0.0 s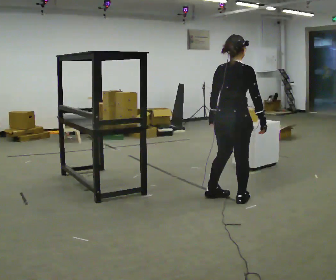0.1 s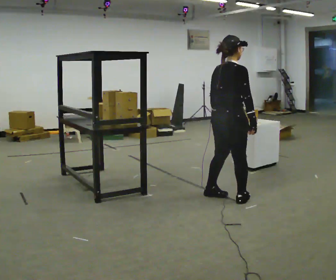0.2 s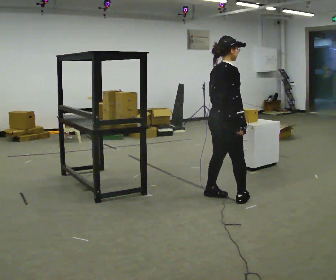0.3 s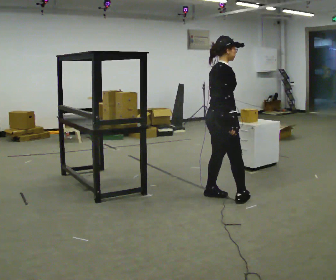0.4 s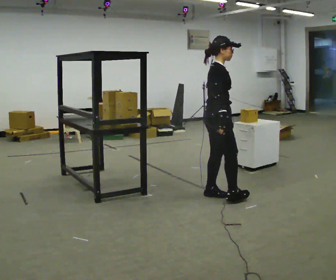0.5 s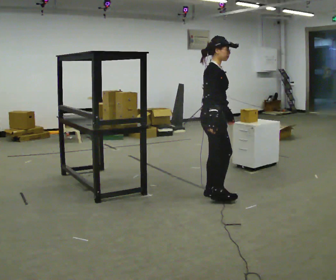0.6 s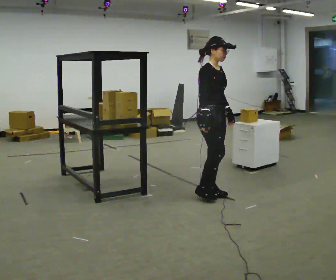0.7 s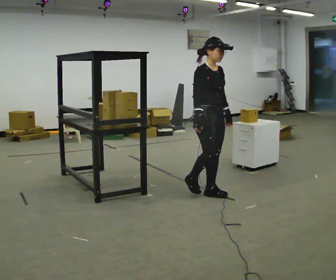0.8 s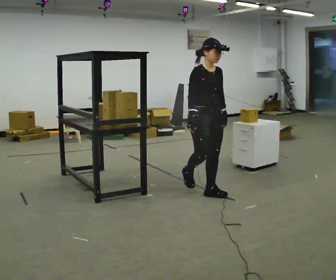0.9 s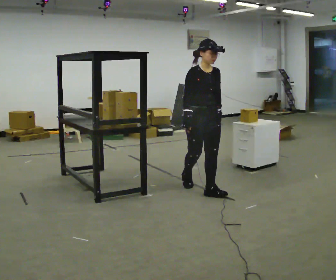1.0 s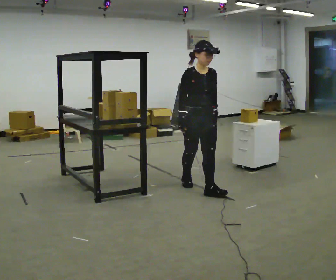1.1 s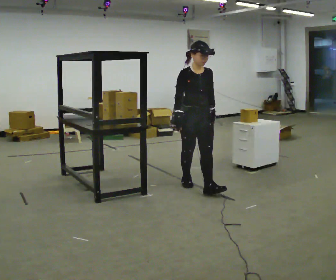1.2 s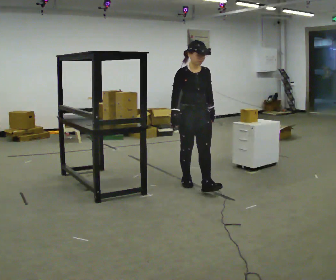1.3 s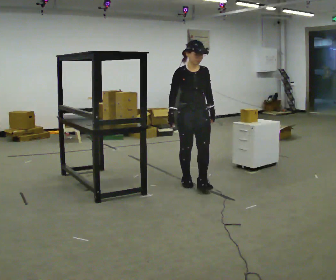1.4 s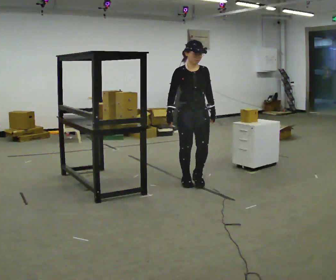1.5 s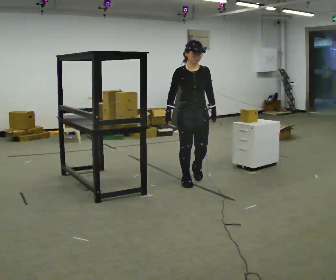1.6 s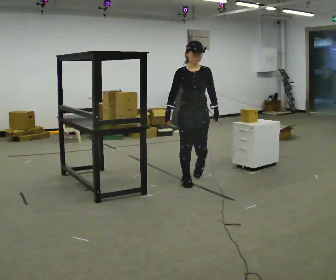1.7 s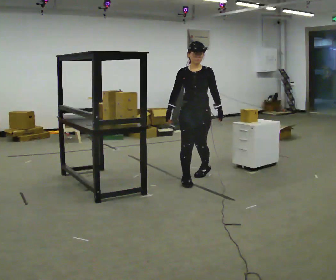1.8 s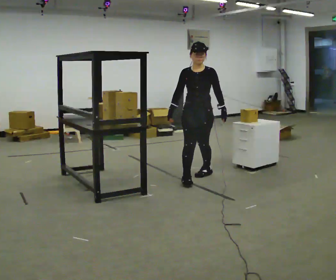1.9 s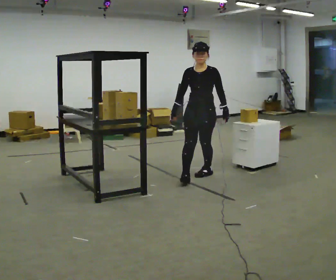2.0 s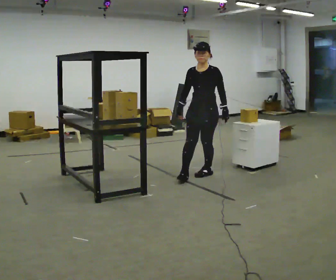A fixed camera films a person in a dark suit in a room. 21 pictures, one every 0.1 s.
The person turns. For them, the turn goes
to their right.
The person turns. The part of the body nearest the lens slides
to the left.
0.0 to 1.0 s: The part of the body nearest the lens slides to the left as the person turns to their right by about 120 degrees. In the picture they go away from the camera and to the left, about 0.5 m in 1 step.
1.0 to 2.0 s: Seen from above the body turns clockwise, about 45 degrees: to their right, with its near side sliding to the left. In the picture they go away from the camera, about 0.5 m in 2 steps, which for them is backward.
The film runs backward here.
